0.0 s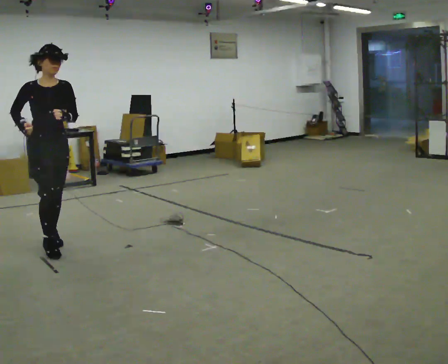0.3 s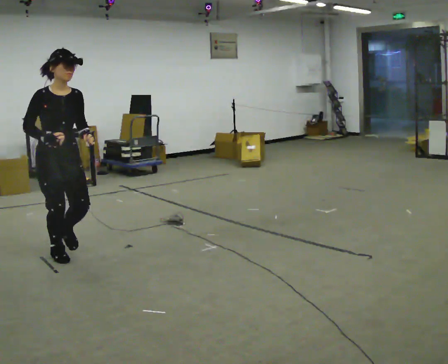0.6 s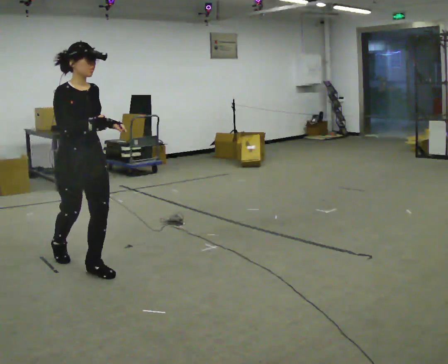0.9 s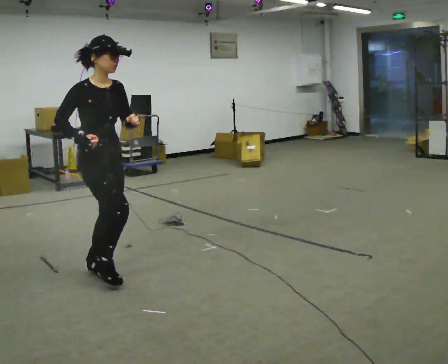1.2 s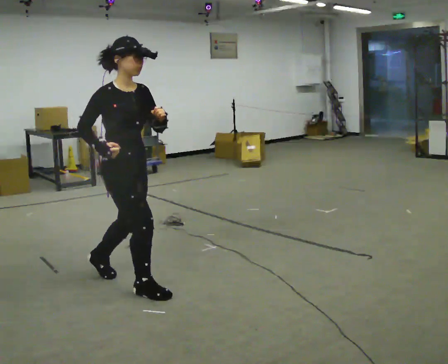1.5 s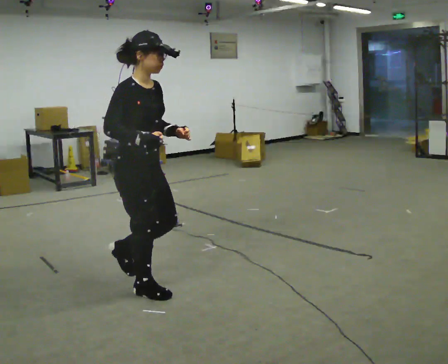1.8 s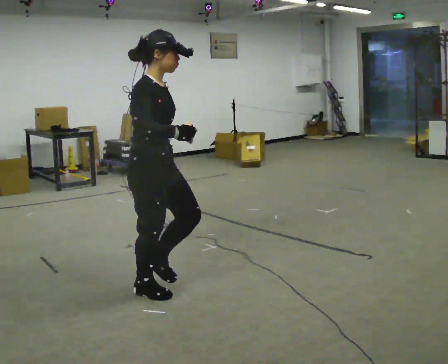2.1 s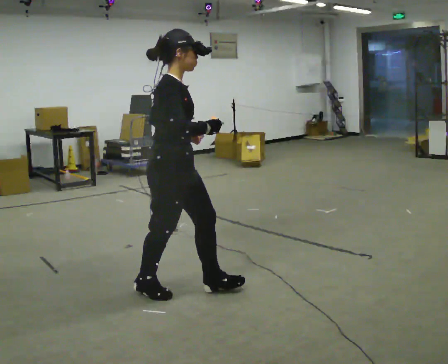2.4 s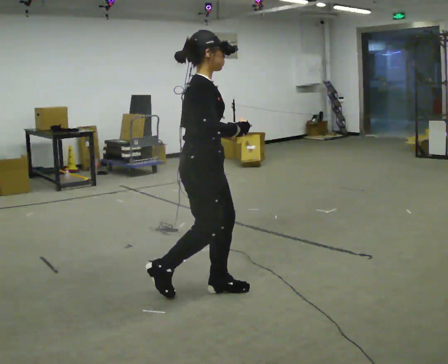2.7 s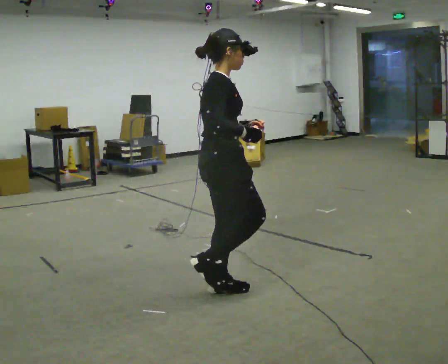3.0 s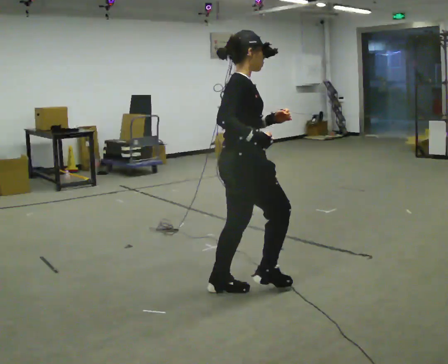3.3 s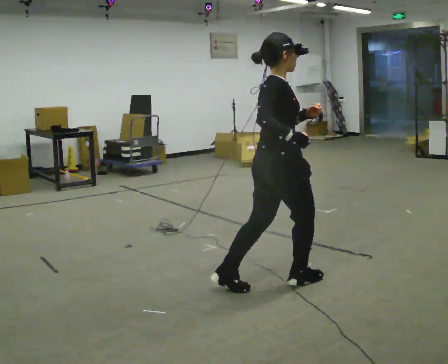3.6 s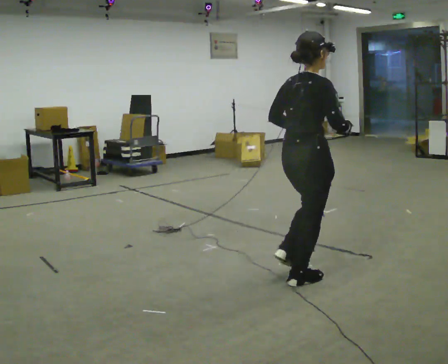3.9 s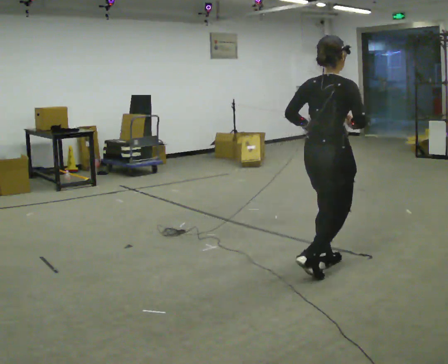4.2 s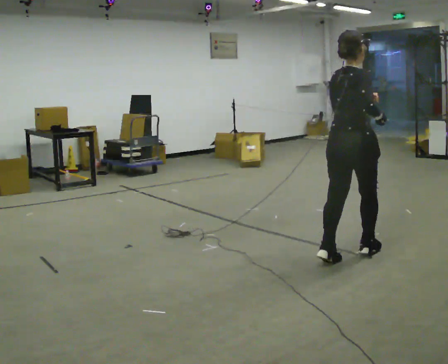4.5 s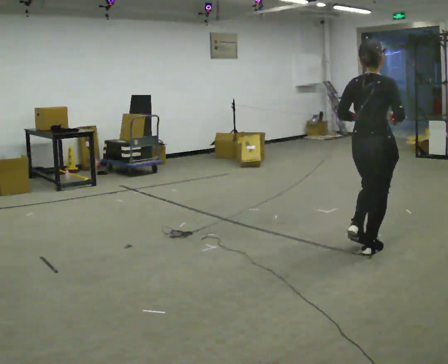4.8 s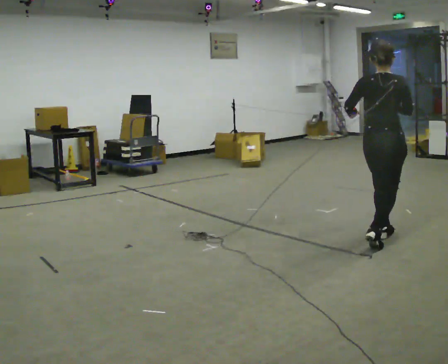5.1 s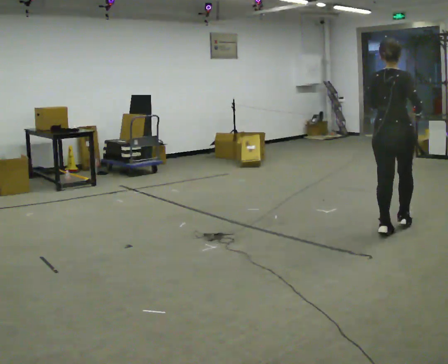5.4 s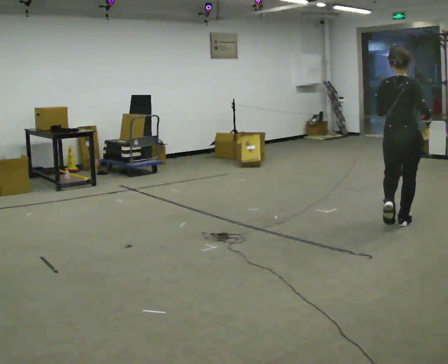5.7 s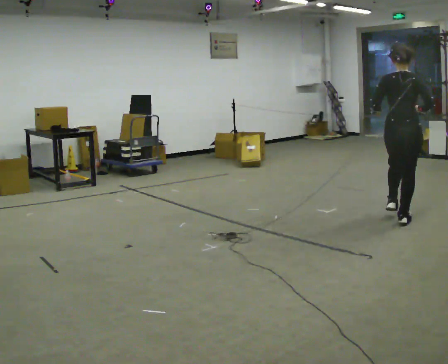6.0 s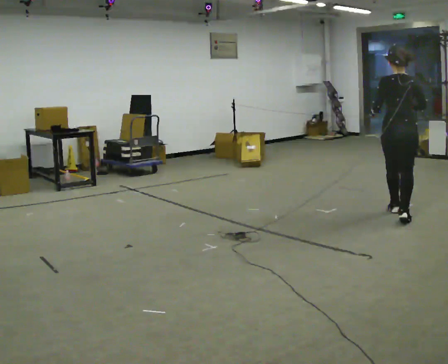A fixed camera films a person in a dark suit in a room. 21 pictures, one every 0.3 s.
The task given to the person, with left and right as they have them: Jog the curves and run hard along the straight sections, then ease off into the next curve. Keep going until the operator says stop.
0.0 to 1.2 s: Seen from above the body turns counterclockwise, about 30 degrees: to their left, with its near side sliding to the right. In the picture they go to the right and toward the camera, about 1 m in 3 steps, which for them is forward.
1.2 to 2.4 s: In the picture they go to the right, about 0.5 m in 1 step, which for them is forward.
2.4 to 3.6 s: The person turns about 30 degrees to their left, counterclockwise seen from above, so the part of the body nearest the lens slides to the right. In the picture they go to the right, about 0.75 m in 1 step, which for them is forward.
3.6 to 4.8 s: In the picture they go to the right and away from the camera, about 1 m in 3 steps, which for them is forward.
4.8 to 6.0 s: In the picture they go away from the camera and to the right, about 0.5 m in 2 steps, which for them is forward.
The film runs forward here.
